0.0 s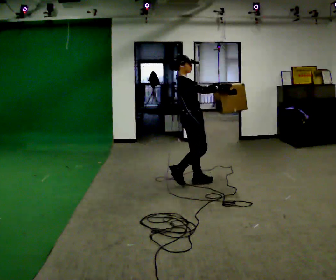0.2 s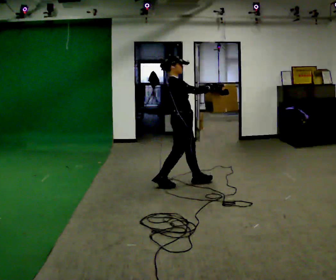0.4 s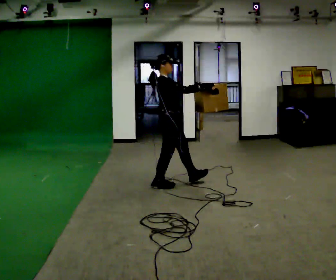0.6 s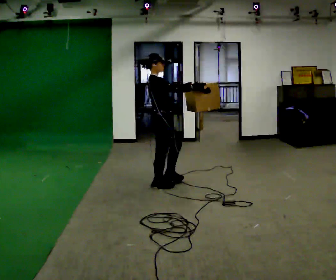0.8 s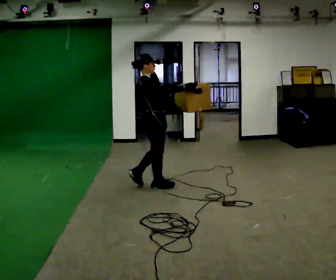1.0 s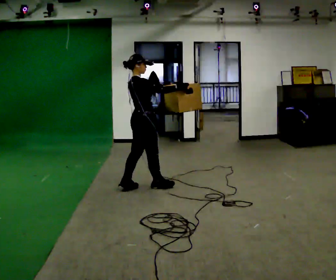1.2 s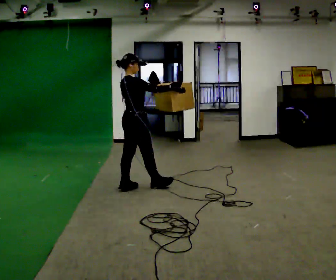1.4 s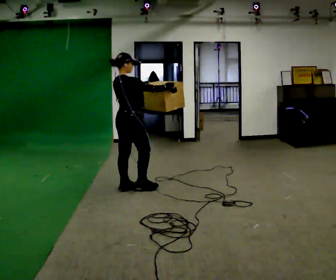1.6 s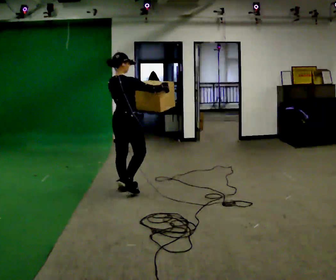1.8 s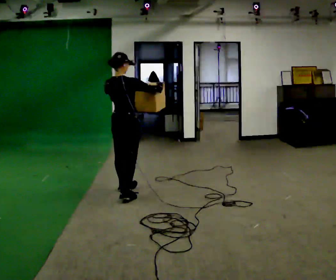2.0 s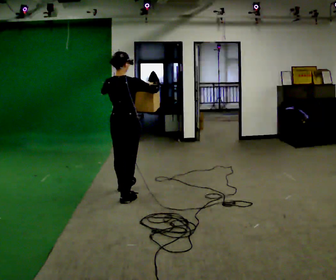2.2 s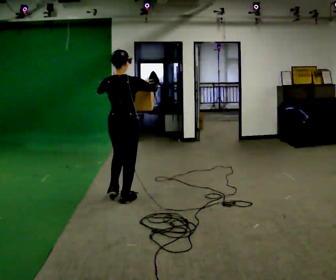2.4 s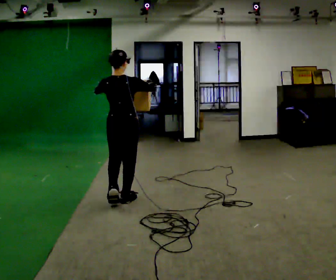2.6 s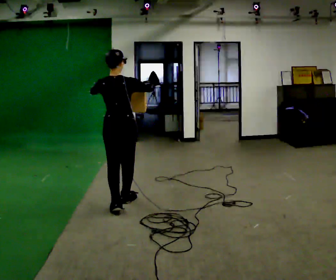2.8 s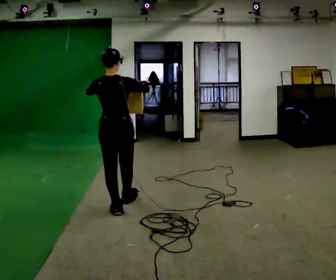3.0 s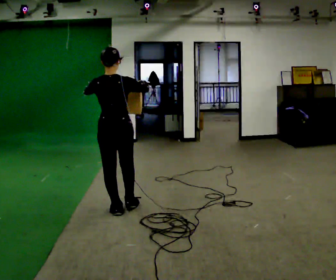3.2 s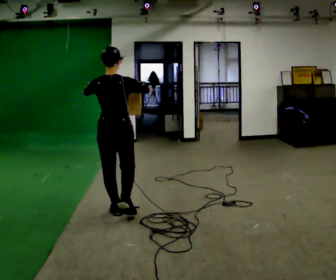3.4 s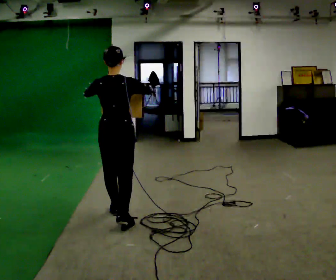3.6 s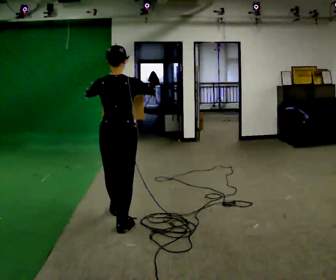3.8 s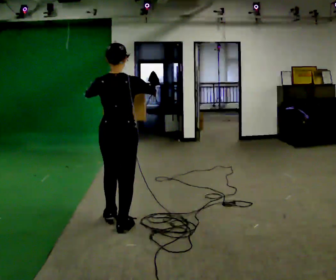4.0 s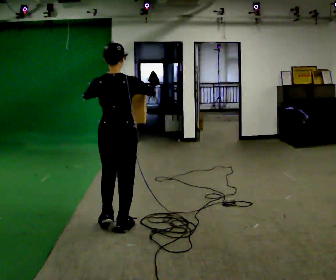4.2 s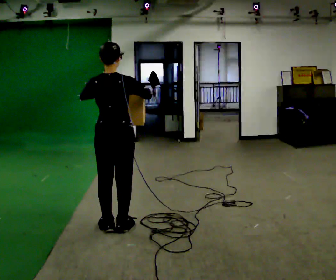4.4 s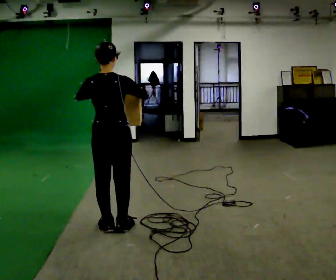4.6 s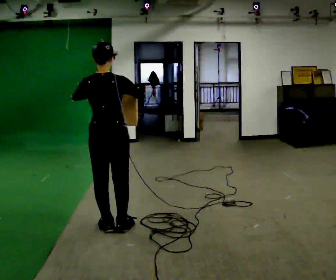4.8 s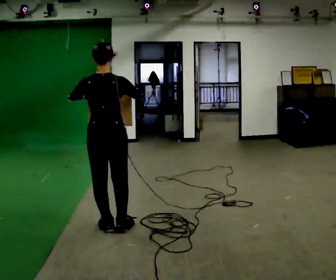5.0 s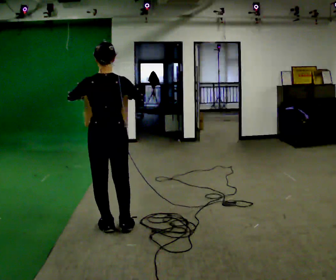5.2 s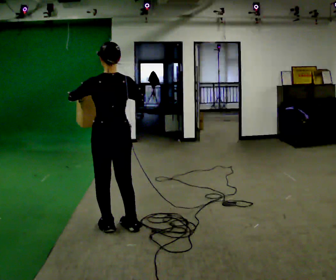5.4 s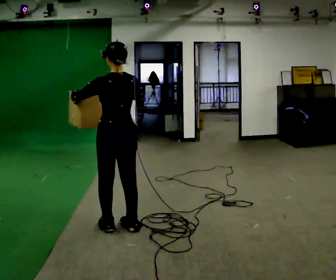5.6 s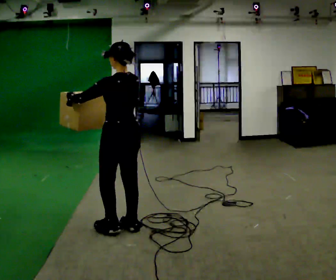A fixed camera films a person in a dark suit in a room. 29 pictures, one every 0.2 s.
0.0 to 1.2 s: In the picture they go to the left, about 0.75 m in 1 step, which for them is backward.
1.2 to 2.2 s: The person turns about 60 degrees to their left, counterclockwise seen from above, so the part of the body nearest the lens slides to the right. In the picture they go toward the camera, about 0.5 m in 2 steps, which for them is backward and to their right.
2.2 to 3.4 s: In the picture they go toward the camera, about 0.5 m in 1 step, which for them is backward.
3.4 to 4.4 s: In the picture they go toward the camera, about 0.25 m in 1 step, which for them is backward.
4.4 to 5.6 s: The part of the body nearest the lens slides to the right as the person turns to their left by about 45 degrees.
The film runs backward here.
